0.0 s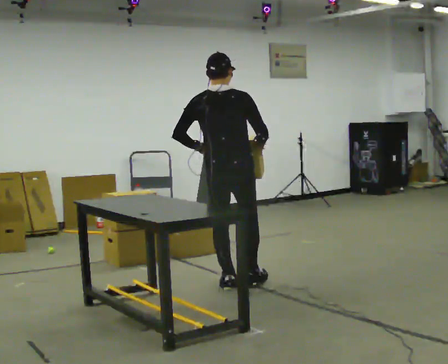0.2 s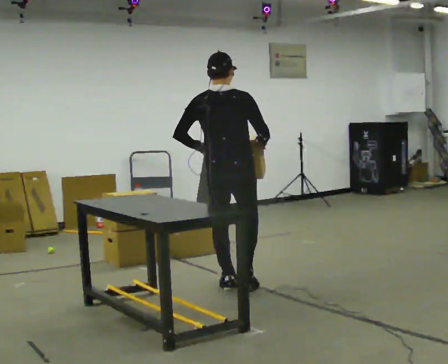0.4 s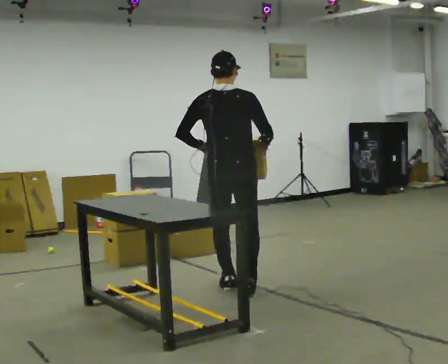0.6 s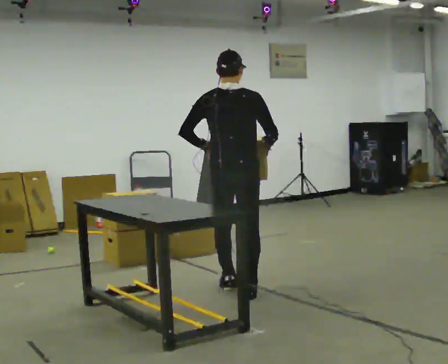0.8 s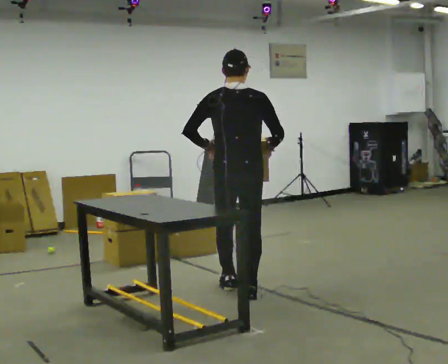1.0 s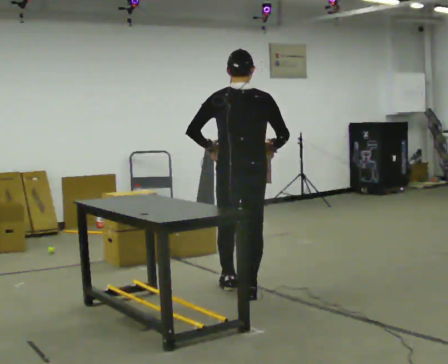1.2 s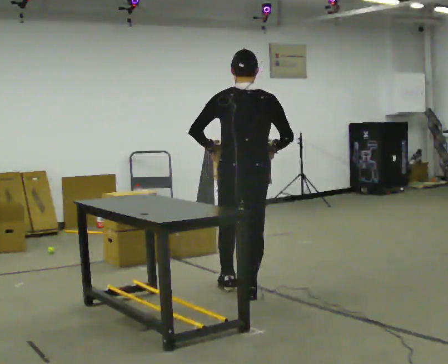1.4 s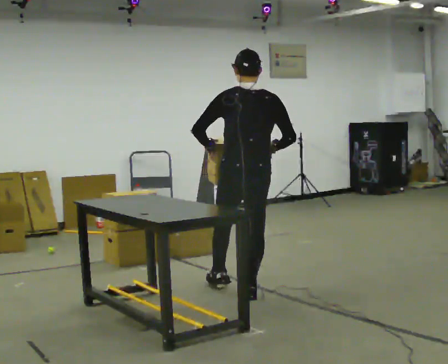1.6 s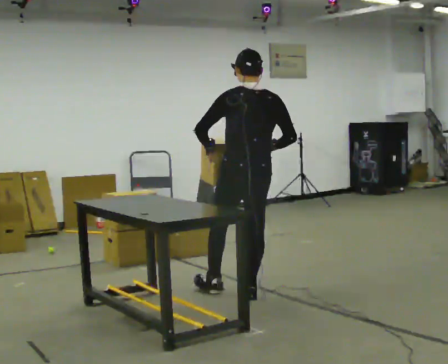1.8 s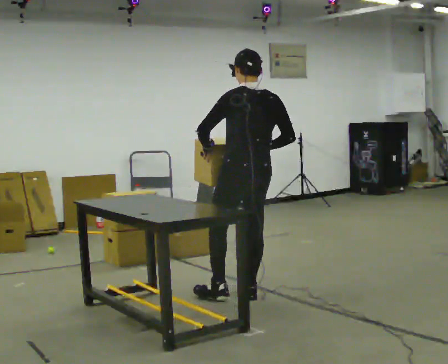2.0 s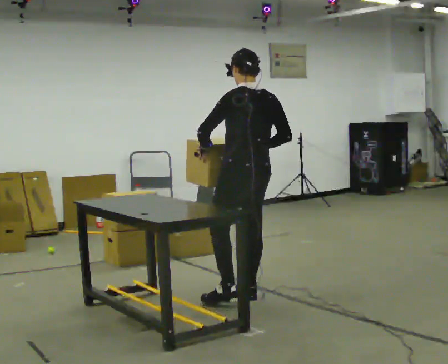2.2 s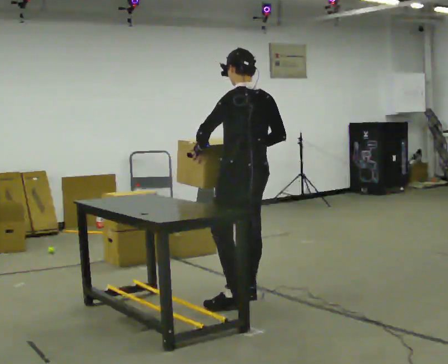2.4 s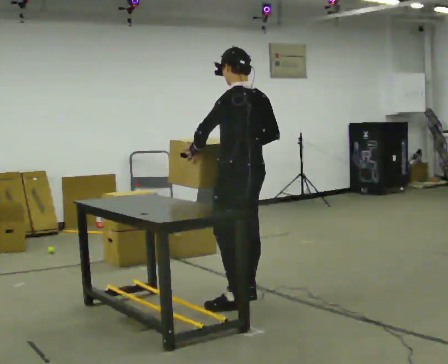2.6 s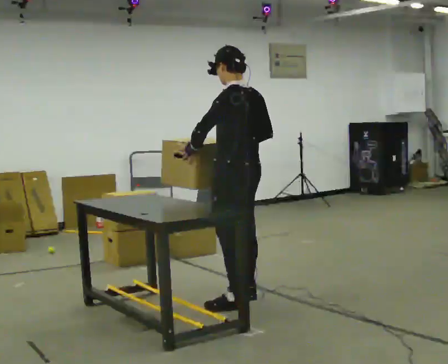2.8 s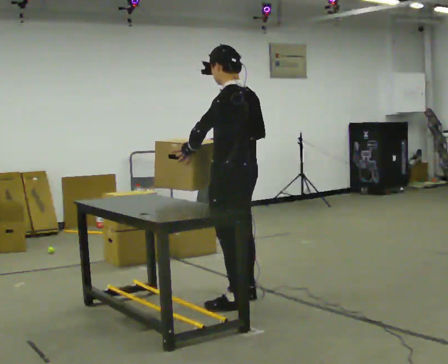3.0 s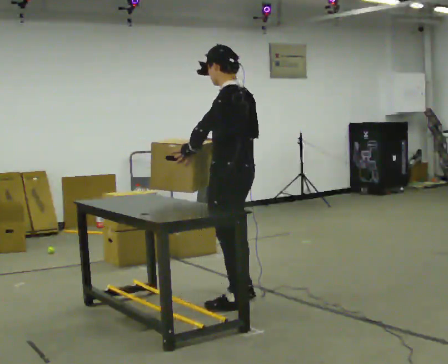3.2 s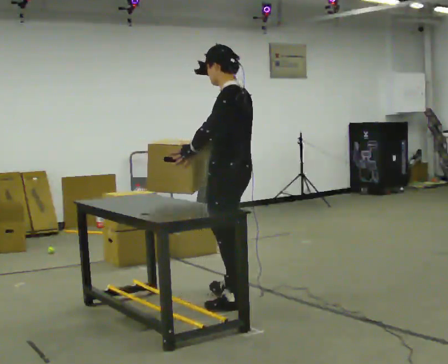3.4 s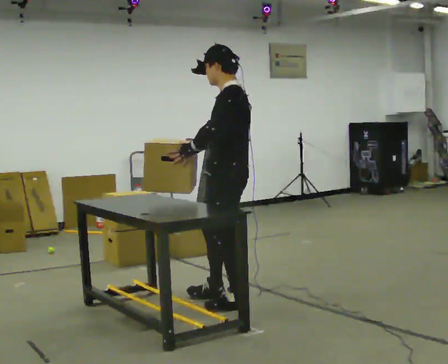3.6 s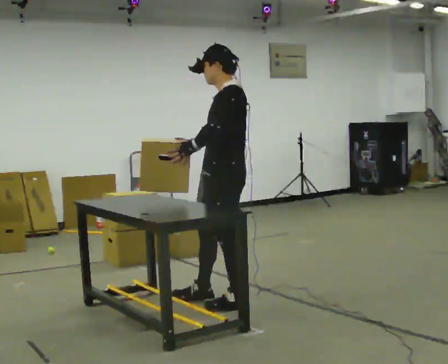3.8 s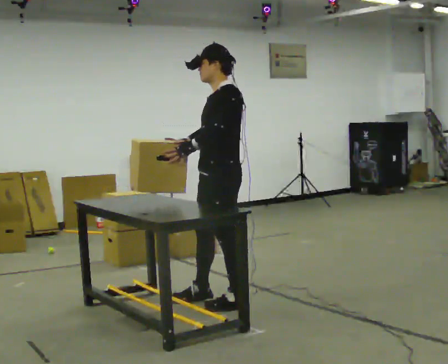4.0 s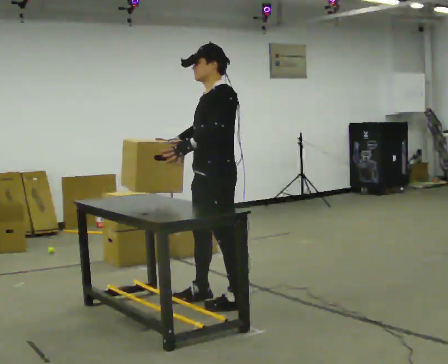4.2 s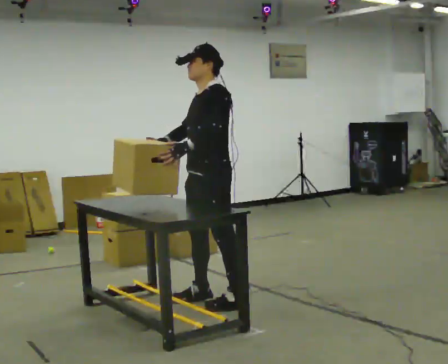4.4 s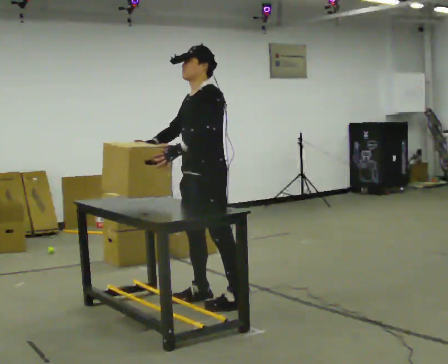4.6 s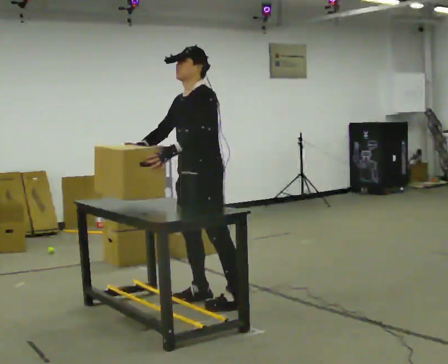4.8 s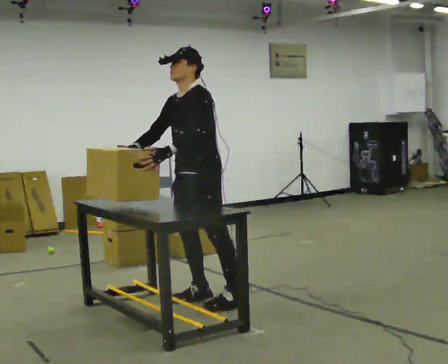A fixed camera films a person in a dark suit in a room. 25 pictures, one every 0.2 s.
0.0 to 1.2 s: In the picture they go toward the camera, about 0.25 m, which for them is backward and to their right.
1.2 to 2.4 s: Seen from above the body turns counterclockwise, about 45 degrees: to their left, with its near side sliding to the right.
2.4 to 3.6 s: Seen from above the body turns counterclockwise, about 45 degrees: to their left, with its near side sliding to the right. In the picture they go toward the camera, about 0.25 m in 1 step, which for them is to their left. In the picture their right hand goes to the left.
3.6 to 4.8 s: The part of the body nearest the lens slides to the right as the person turns to their left by about 30 degrees. In the picture they go to the left and away from the camera, about 0.25 m, which for them is to their right and forward. In the picture their right hand goes to the left.
The film runs backward here.
